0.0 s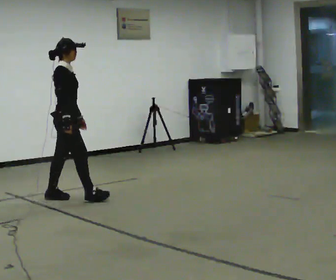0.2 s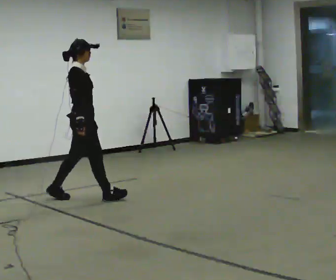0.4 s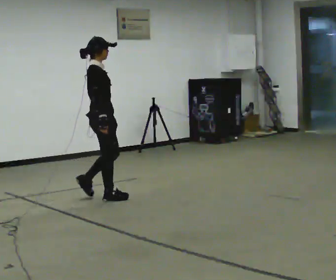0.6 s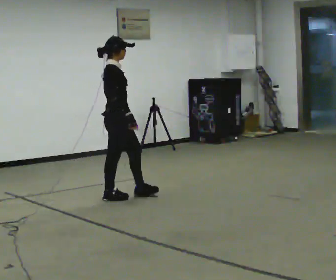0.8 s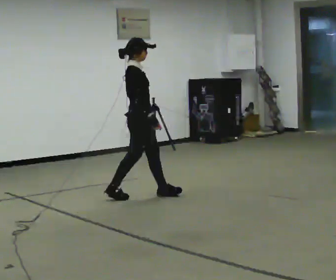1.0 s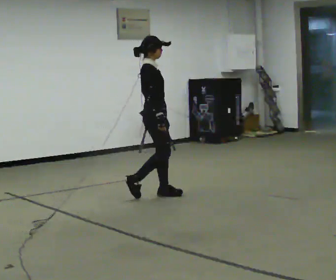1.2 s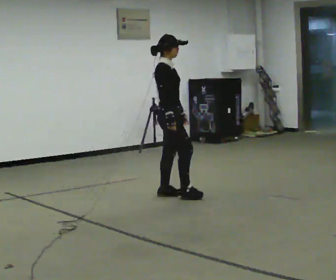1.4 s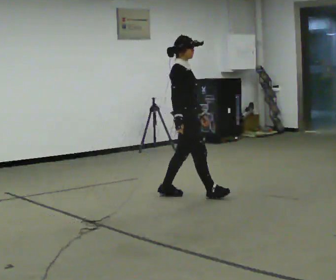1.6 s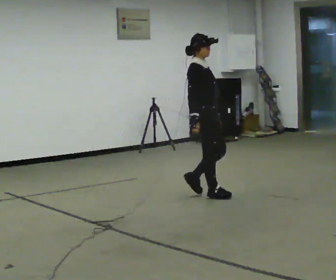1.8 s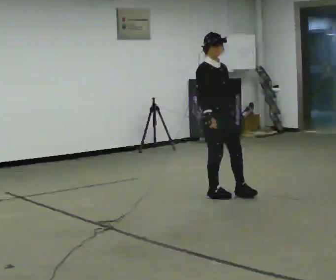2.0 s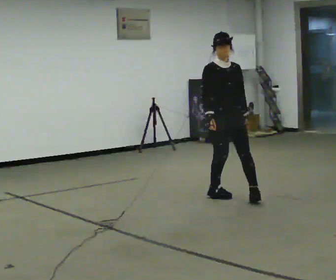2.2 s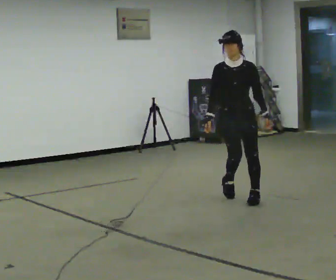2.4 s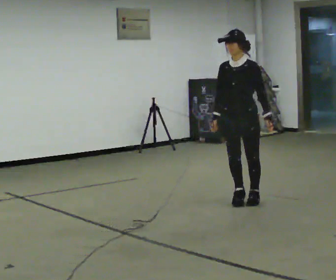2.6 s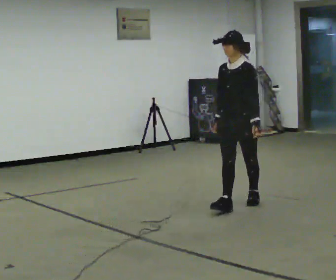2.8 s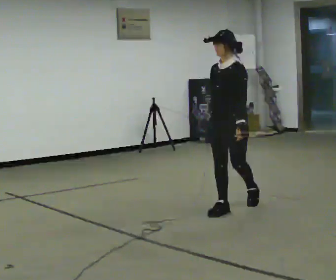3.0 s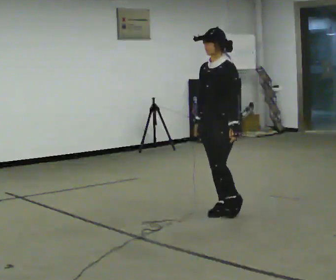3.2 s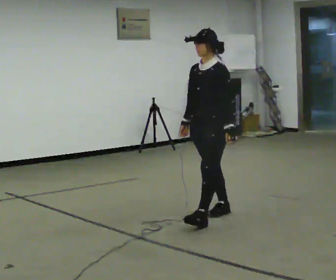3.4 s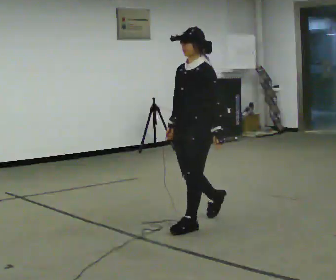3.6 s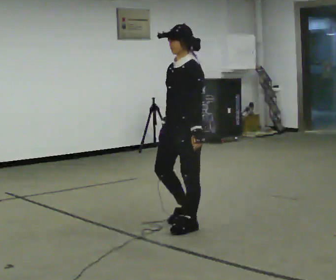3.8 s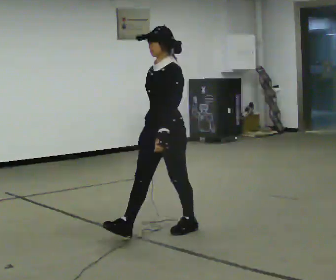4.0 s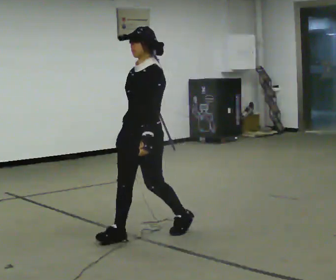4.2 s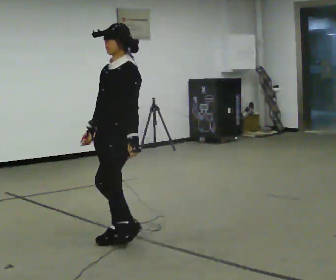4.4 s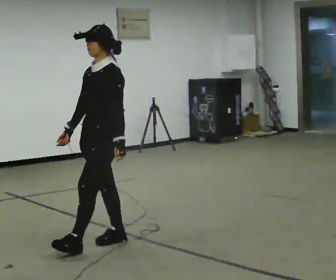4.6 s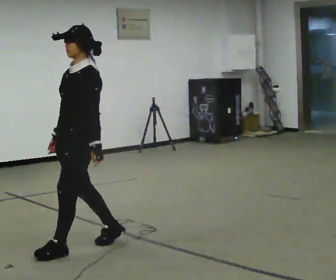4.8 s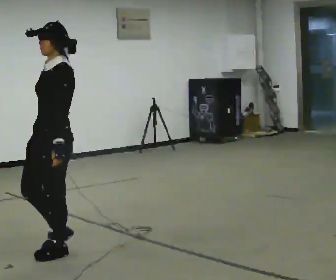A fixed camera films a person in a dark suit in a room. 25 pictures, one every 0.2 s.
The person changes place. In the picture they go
toward the camera.
The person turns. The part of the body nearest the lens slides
to the left.
0.0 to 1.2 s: In the picture they go to the right, about 1 m in 2 steps, which for them is forward.
1.2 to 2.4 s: Seen from above the body turns clockwise, about 105 degrees: to their right, with its near side sliding to the left. In the picture they go to the right and toward the camera, about 1 m in 2 steps.
2.4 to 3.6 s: The part of the body nearest the lens slides to the left as the person turns to their right by about 30 degrees. In the picture they go toward the camera and to the left, about 1 m in 2 steps, which for them is forward.
3.6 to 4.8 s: In the picture they go to the left and toward the camera, about 1 m in 2 steps, which for them is forward.
The film runs forward here.
